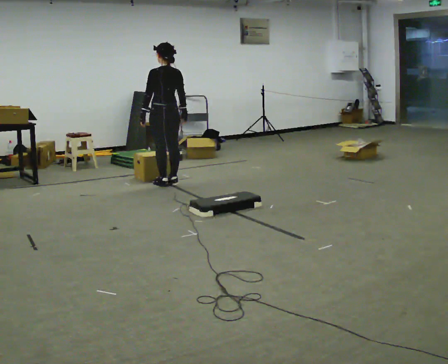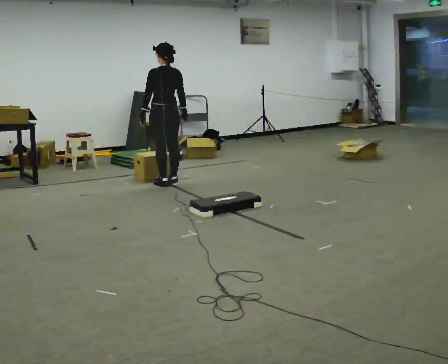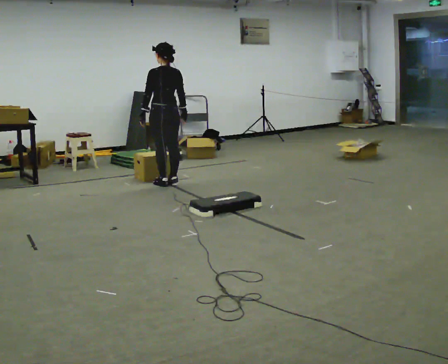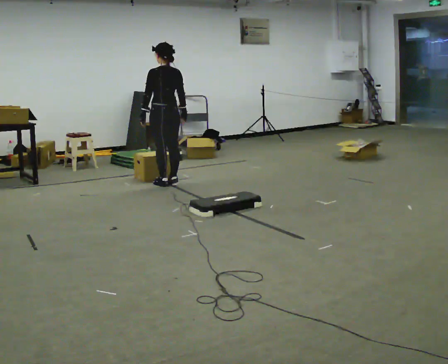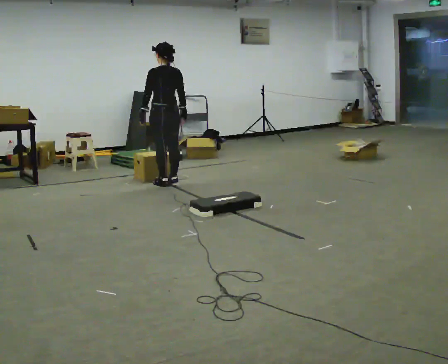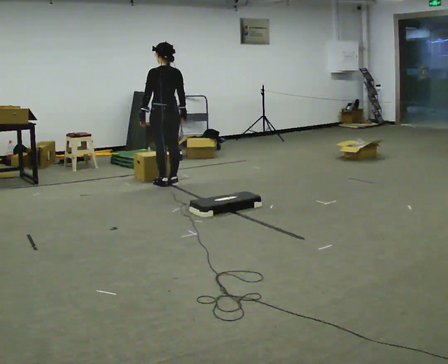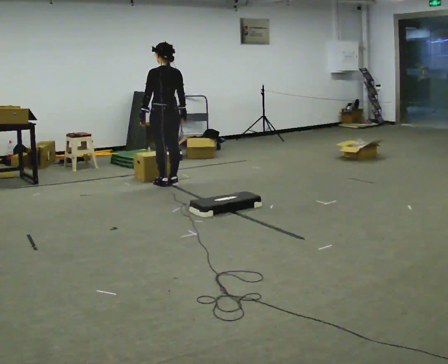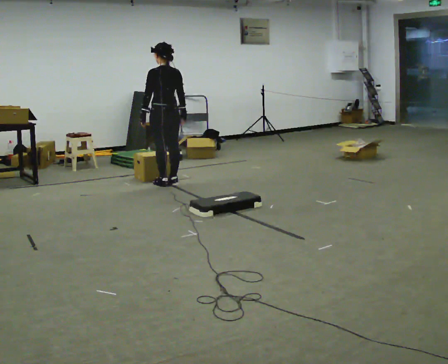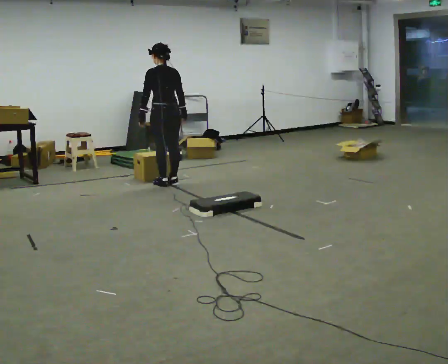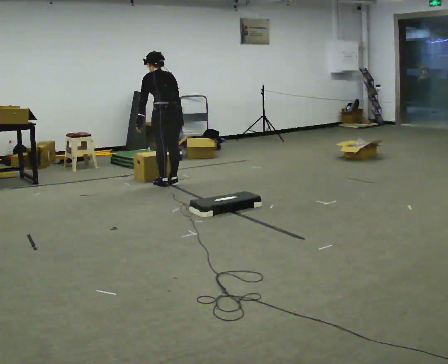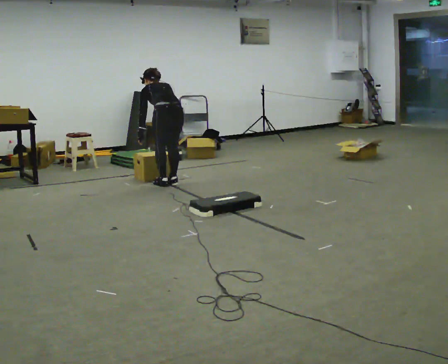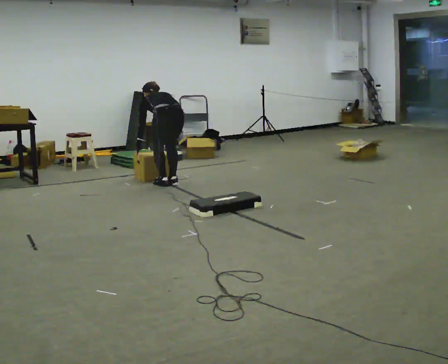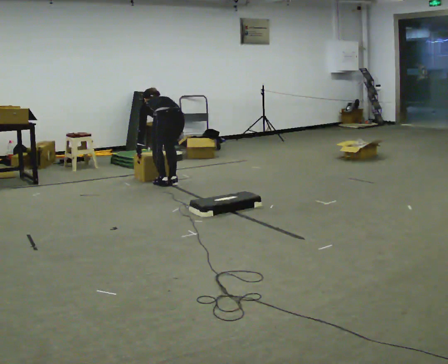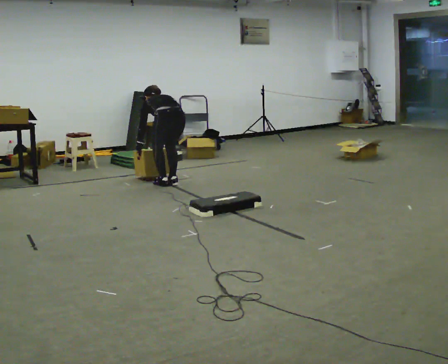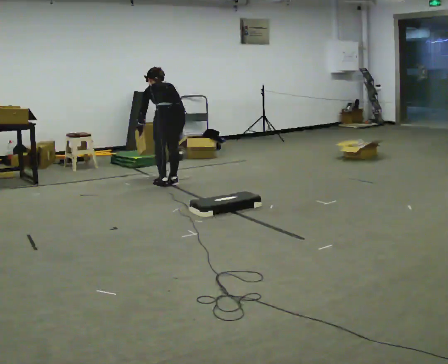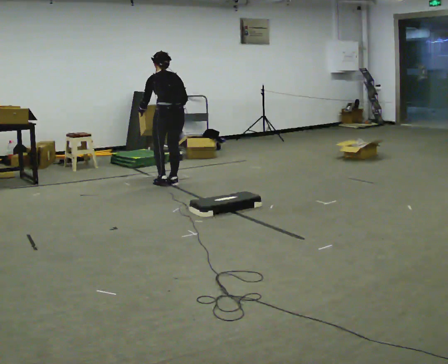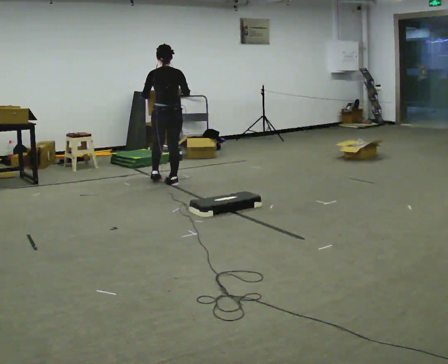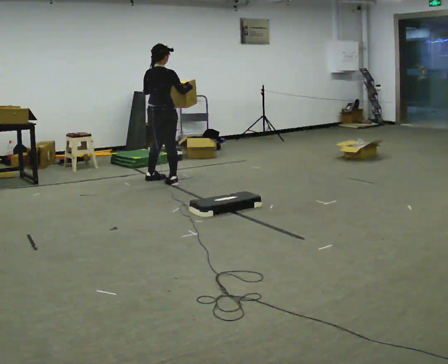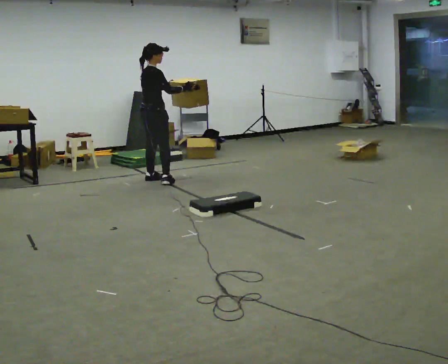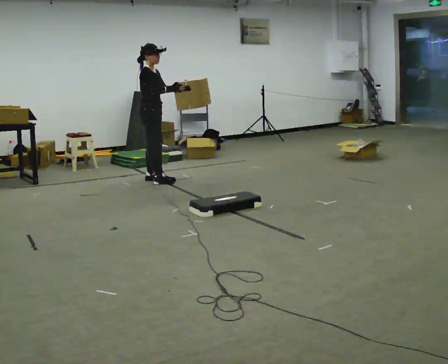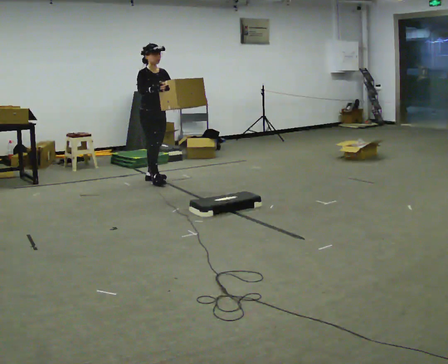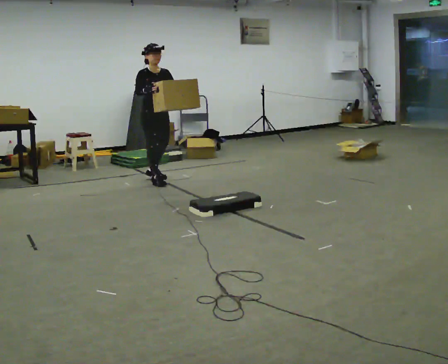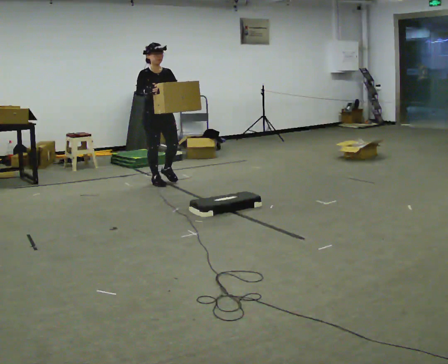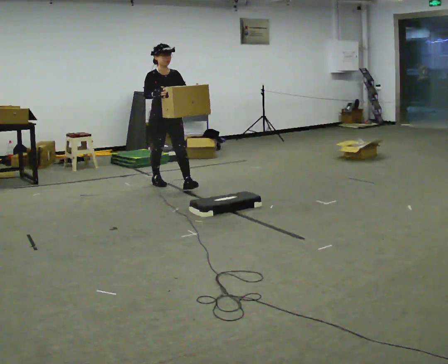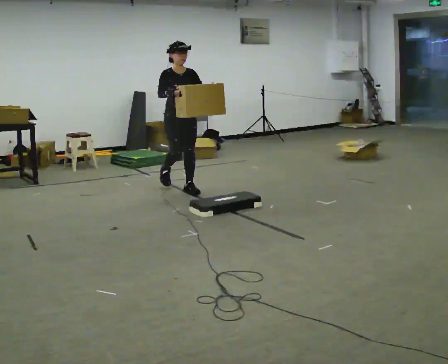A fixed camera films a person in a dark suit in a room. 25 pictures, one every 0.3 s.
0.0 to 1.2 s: The person keeps their place and pose.
1.2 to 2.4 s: The person moves a little, or ends about where they began.
2.4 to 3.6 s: The upper body goes downward. The upper body tips away from the camera, its near side rolling upward, as they bend forward. In the picture their right hand goes downward.
3.6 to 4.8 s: The upper body goes upward. The upper body tips toward the camera, its near side rolling downward, as they lean back or straighten. In the picture their left hand goes upward.
4.8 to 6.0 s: The person turns about 135 degrees to their right, clockwise seen from above, so the part of the body nearest the lens slides to the left. In the picture they go to the left and away from the camera, about 0.25 m in 2 steps. In the picture their left hand goes to the right.
6.0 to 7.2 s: In the picture they go toward the camera and to the right, about 0.5 m in 1 step, which for them is forward.
The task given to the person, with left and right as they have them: Carry the box up onto the platform, across it, and down the other side, then bring it back. Keep going until the operator says stop; one object at a time, and do not rush between trips.
The film runs forward here.
